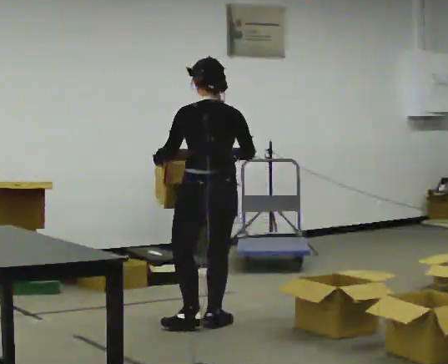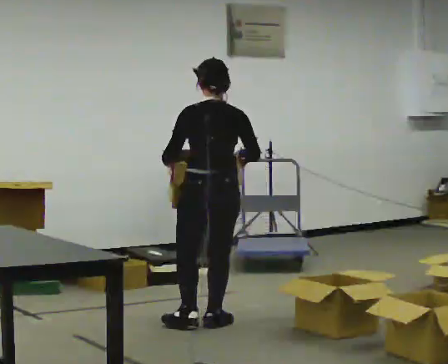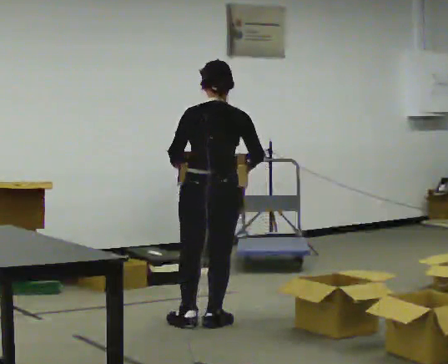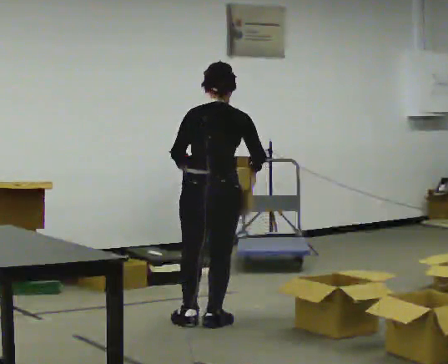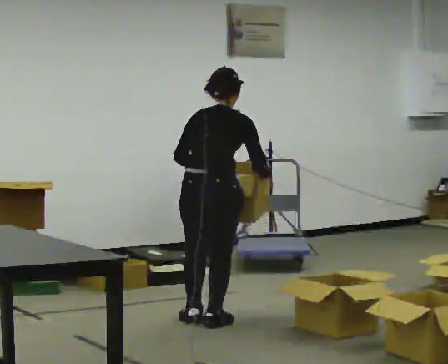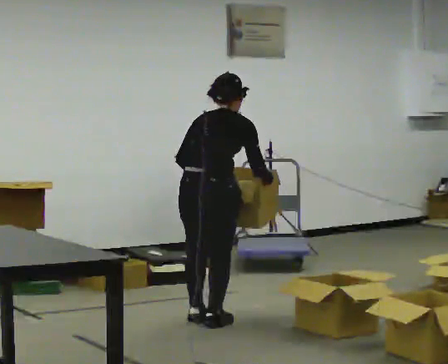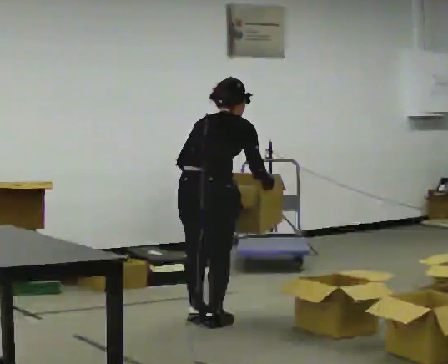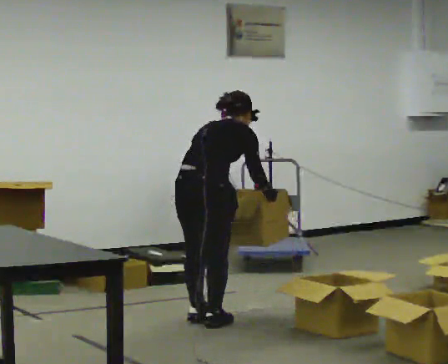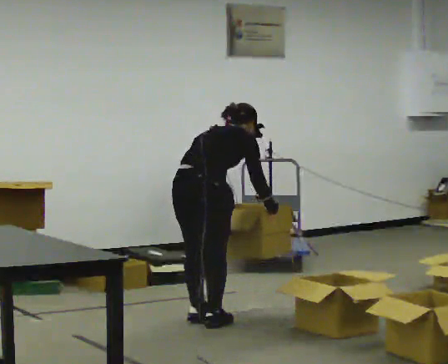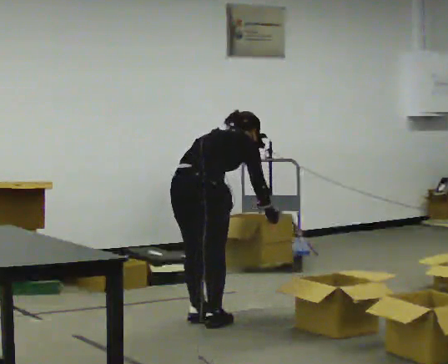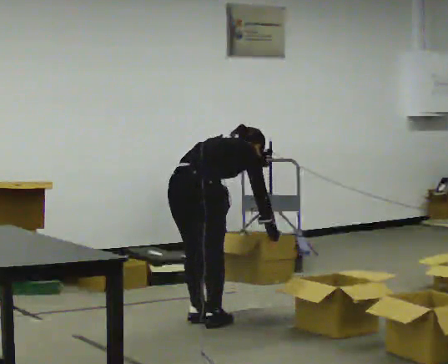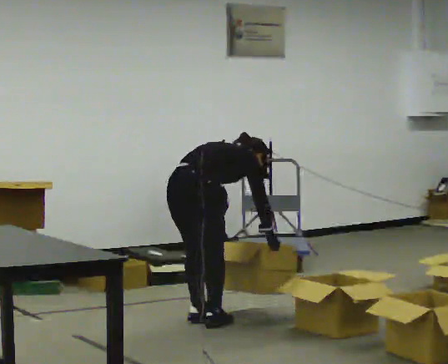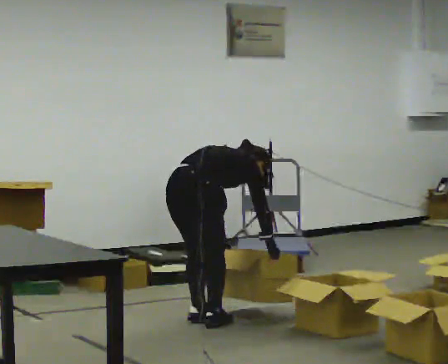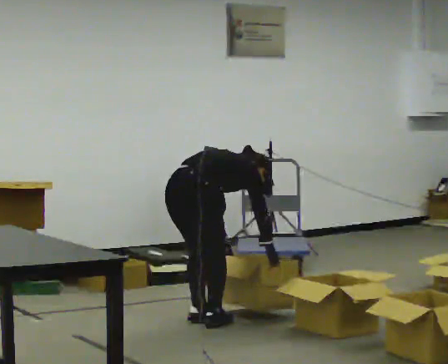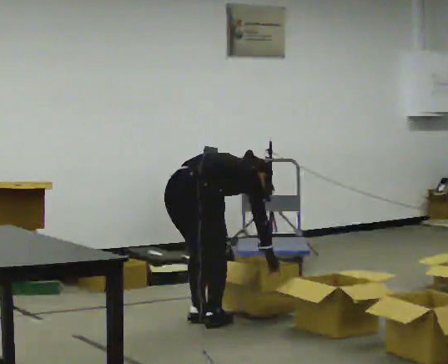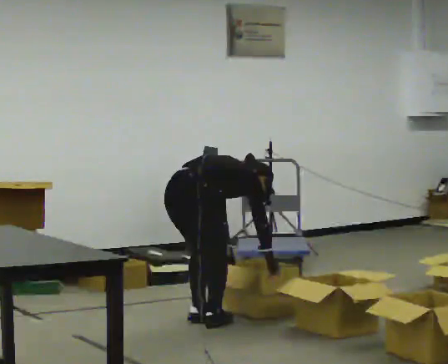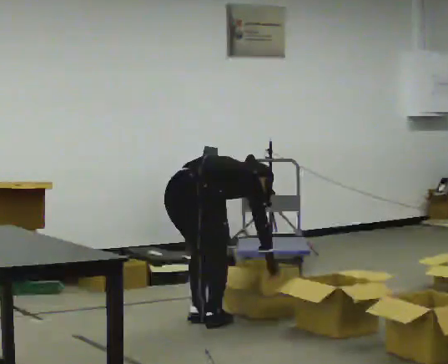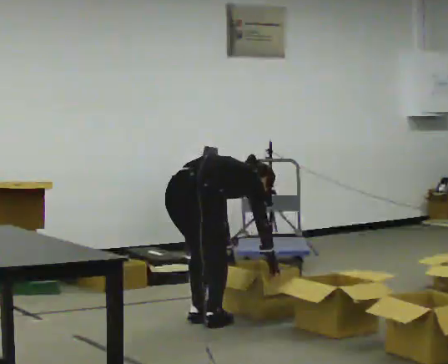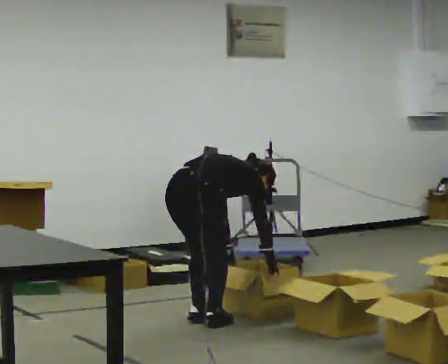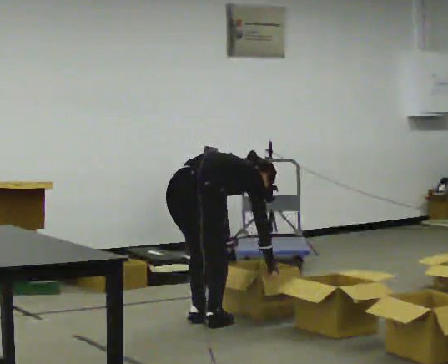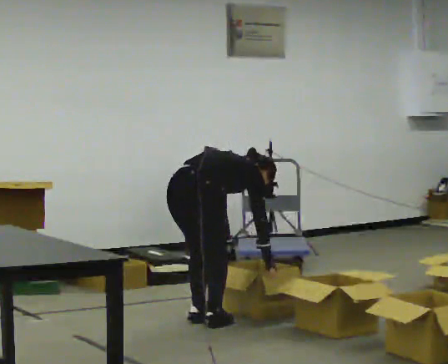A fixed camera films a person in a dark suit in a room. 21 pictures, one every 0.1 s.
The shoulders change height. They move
downward.
The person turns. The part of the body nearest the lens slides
to the left.
0.0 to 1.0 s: The person turns about 60 degrees to their right, clockwise seen from above, so the part of the body nearest the lens slides to the left. The shoulders move downward. In the picture the upper body tilts clockwise, shoulders to the right, as they bend forward. In the picture their right hand goes downward.
1.0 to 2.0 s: In the picture the upper body tilts clockwise, shoulders to the right, as they bend forward.
The film runs backward here.
